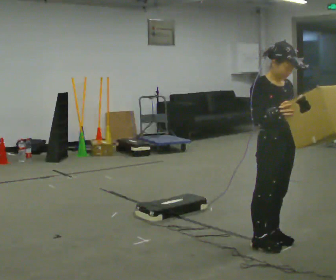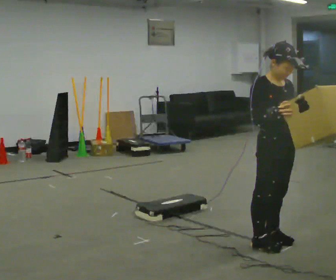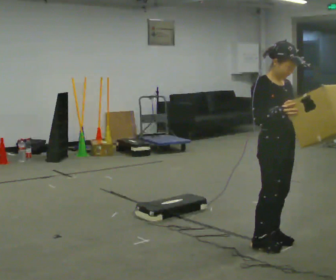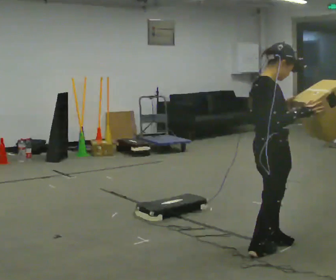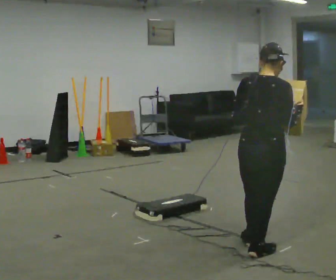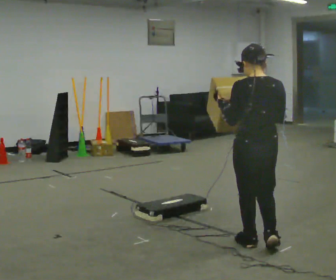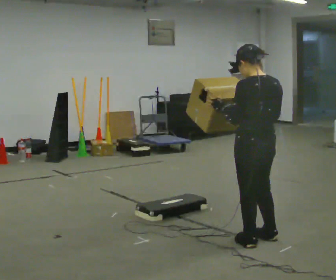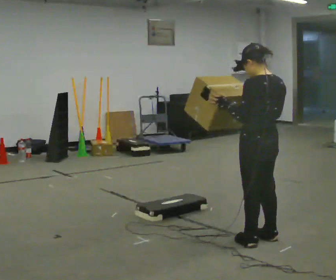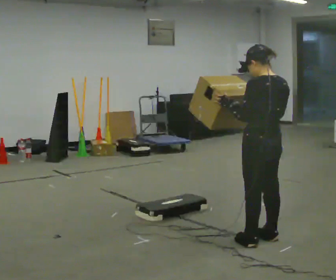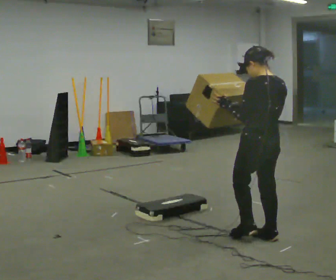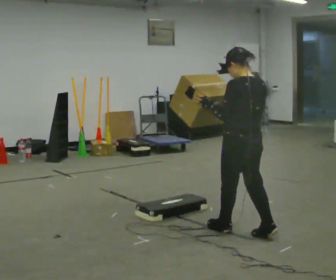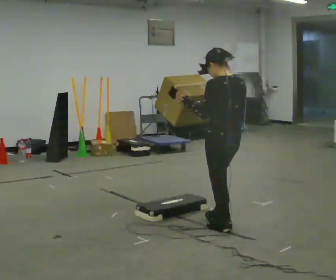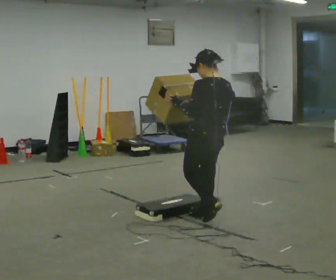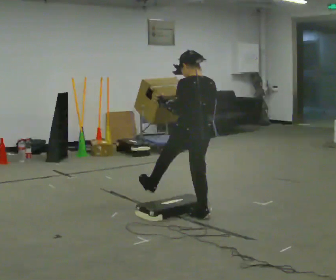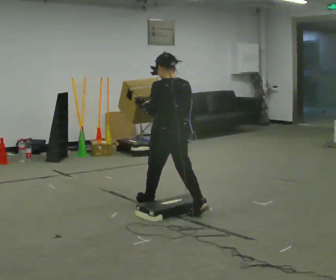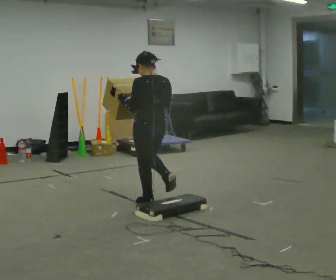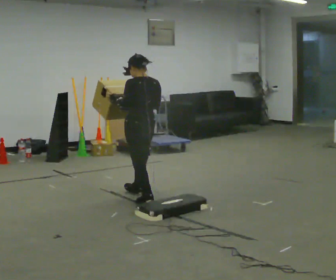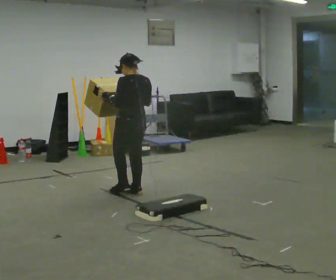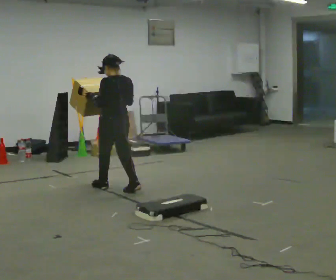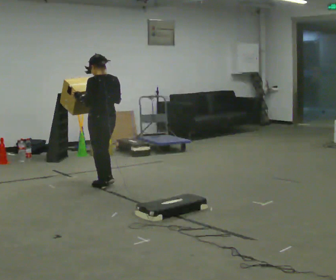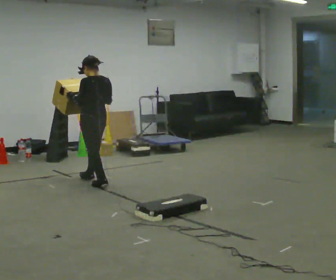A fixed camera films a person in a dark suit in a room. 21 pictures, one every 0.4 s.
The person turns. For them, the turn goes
to their left.
The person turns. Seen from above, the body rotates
counterclockwise.
0.0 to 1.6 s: The part of the body nearest the lens slides to the right as the person turns to their left by about 120 degrees. In the picture their left hand goes to the left.
1.6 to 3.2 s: Seen from above the body turns counterclockwise, about 60 degrees: to their left, with its near side sliding to the right. In the picture they go away from the camera, about 0.25 m in 1 step.
3.2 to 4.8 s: In the picture they go away from the camera and to the left, about 0.75 m in 2 steps, which for them is forward.
4.8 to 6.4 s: In the picture they go to the left and away from the camera, about 1 m in 2 steps, which for them is forward.
6.4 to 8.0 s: In the picture they go to the left and away from the camera, about 1 m in 2 steps, which for them is forward.
The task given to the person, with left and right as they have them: Carry the box over the low sill without stopping, then bring it back over. Keep going until the operator says stop; one object at a time, and do not rush between trips.
The film runs forward here.
